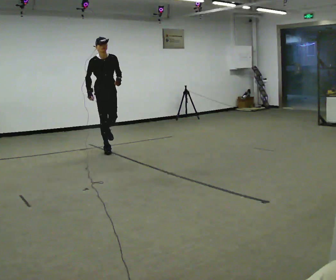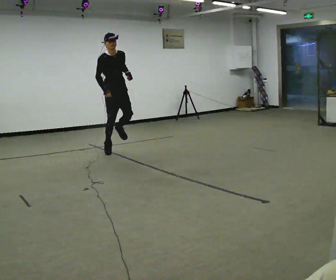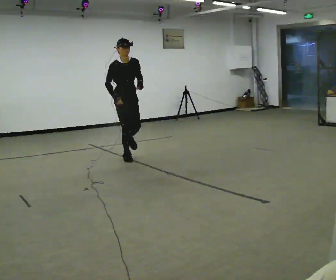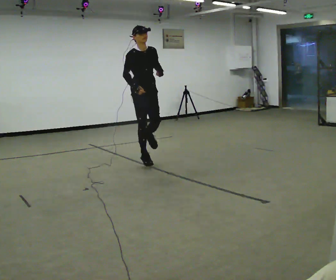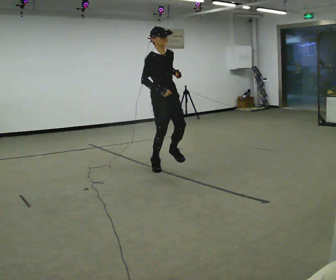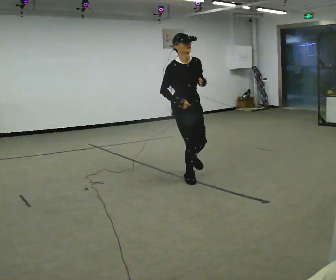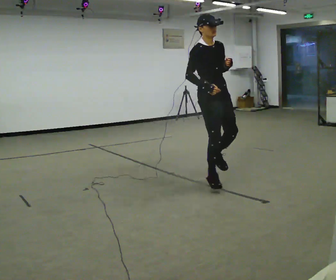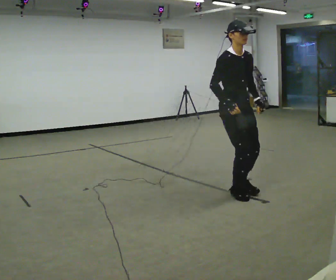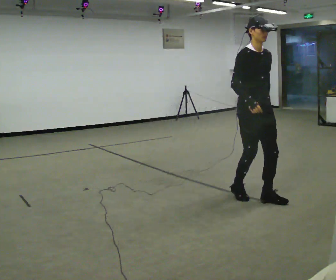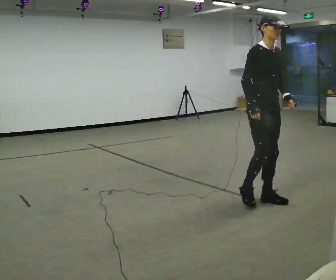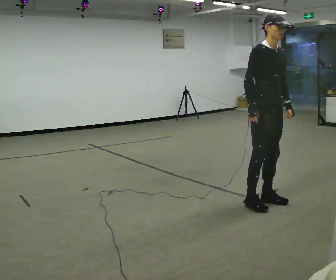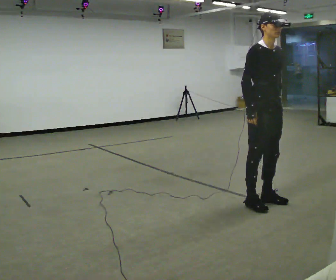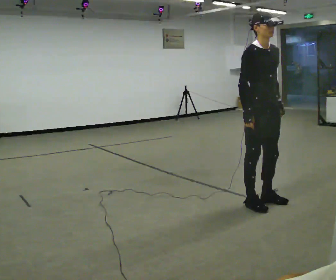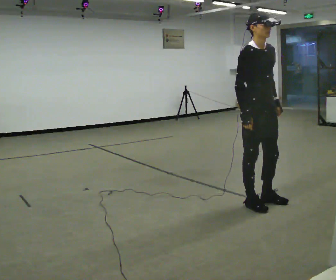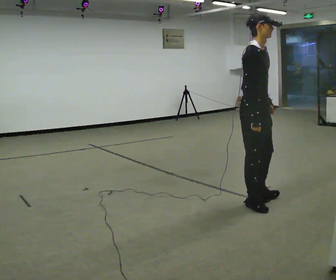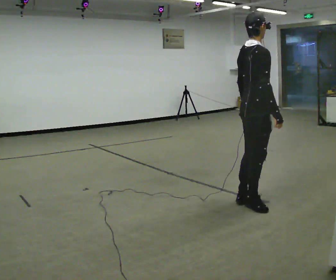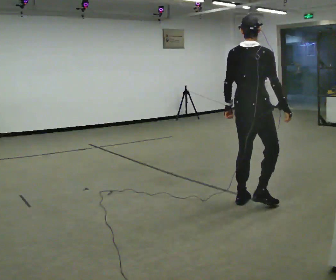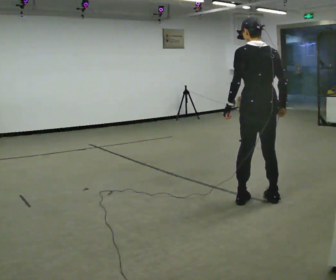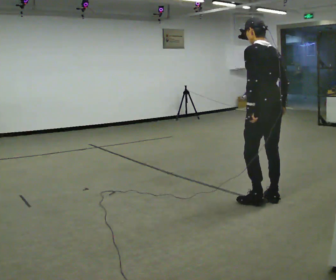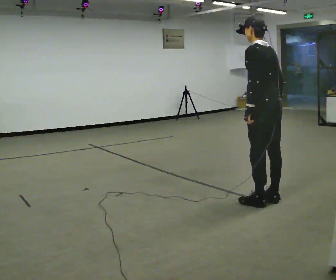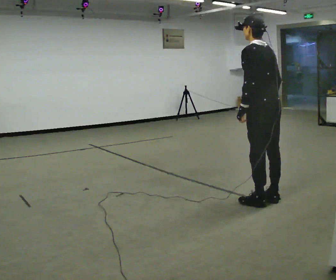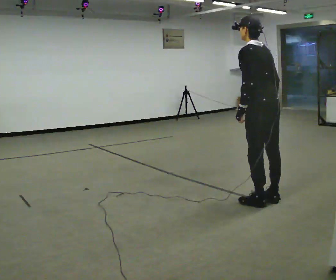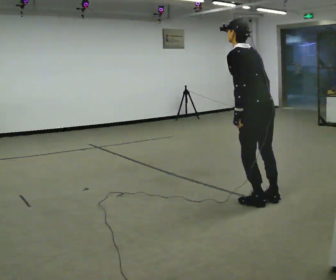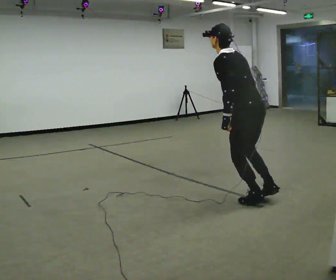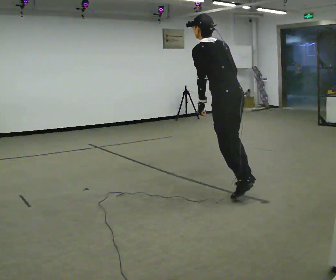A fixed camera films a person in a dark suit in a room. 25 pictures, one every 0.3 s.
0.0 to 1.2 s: In the picture they go to the right and toward the camera, about 1.5 m in 3 steps, which for them is forward.
1.2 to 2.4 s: In the picture they go to the right and toward the camera, about 1.5 m in 3 steps, which for them is forward. In the picture their left hand goes downward.
2.4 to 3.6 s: In the picture they go toward the camera, about 0.25 m in 1 step, which for them is forward.
3.6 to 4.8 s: Seen from above the body turns counterclockwise, about 120 degrees: to their left, with its near side sliding to the right. In the picture their right hand goes to the right.
4.8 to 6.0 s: The part of the body nearest the lens slides to the right as the person turns to their left by about 75 degrees. In the picture they go to the right, about 0.25 m in 2 steps.
6.0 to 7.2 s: In the picture they go to the left and away from the camera, about 0.5 m, which for them is forward. In the picture the upper body tilts counterclockwise, shoulders to the left.
The film runs forward here.
